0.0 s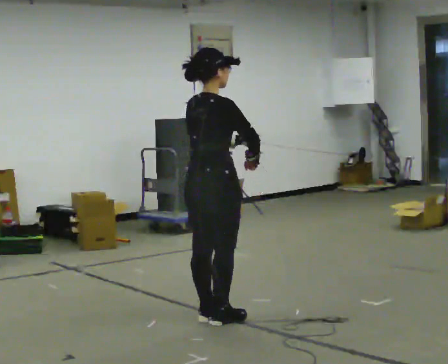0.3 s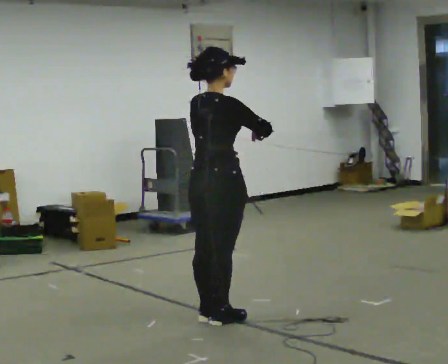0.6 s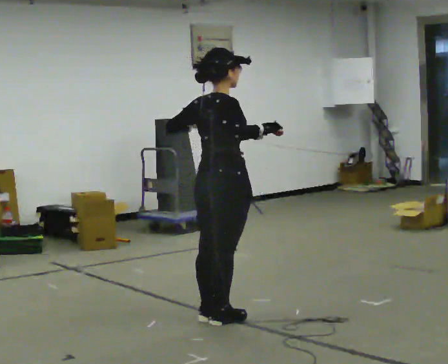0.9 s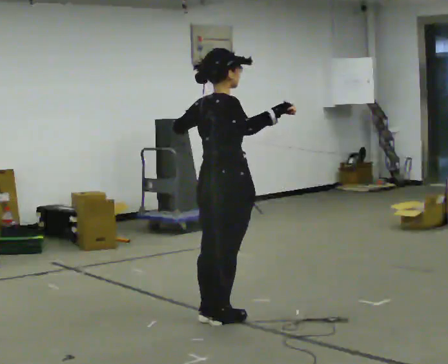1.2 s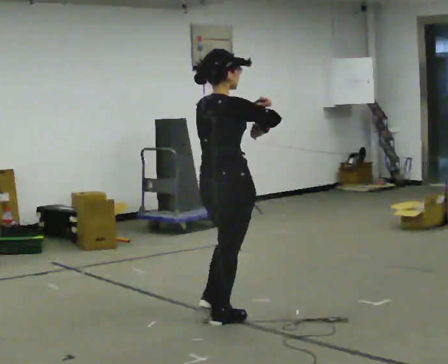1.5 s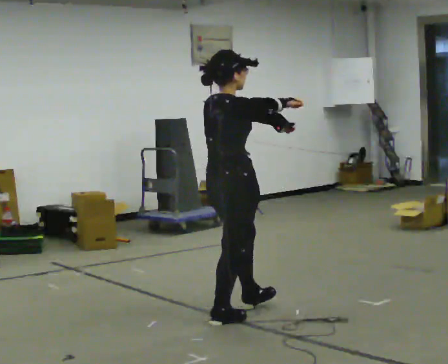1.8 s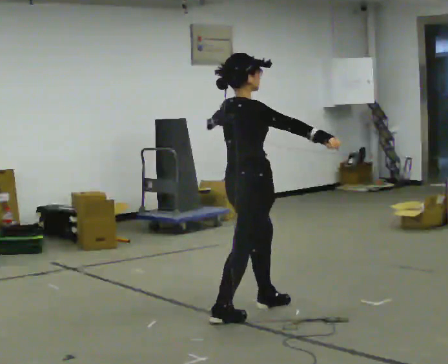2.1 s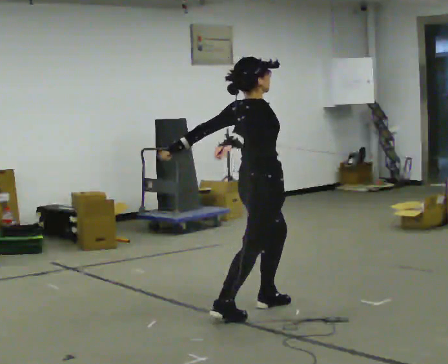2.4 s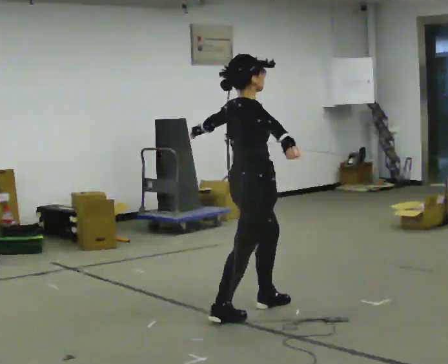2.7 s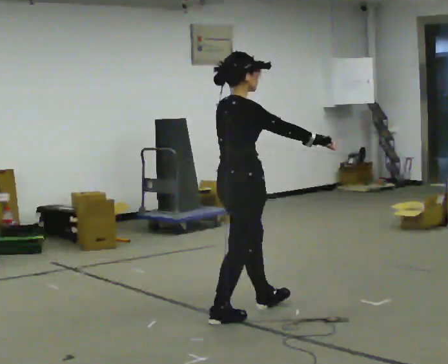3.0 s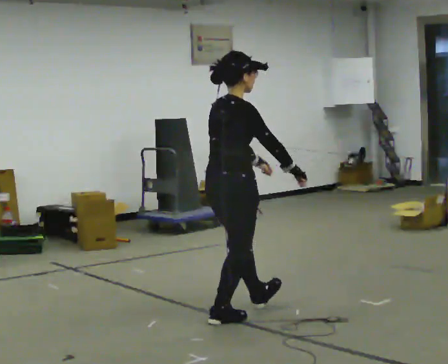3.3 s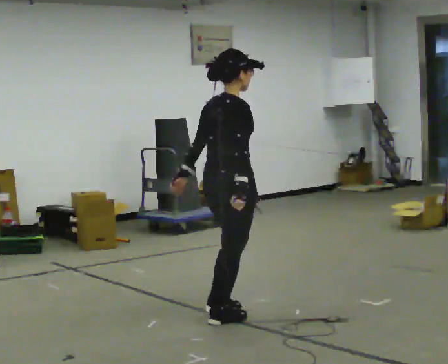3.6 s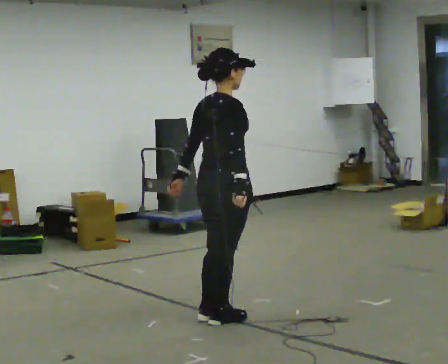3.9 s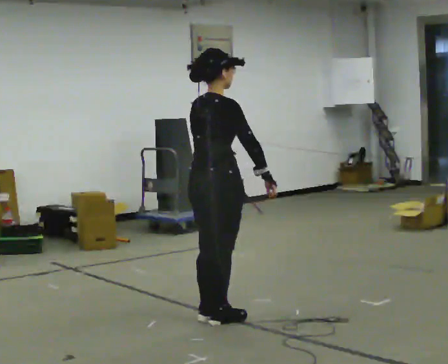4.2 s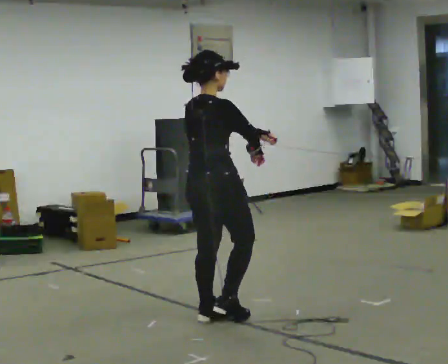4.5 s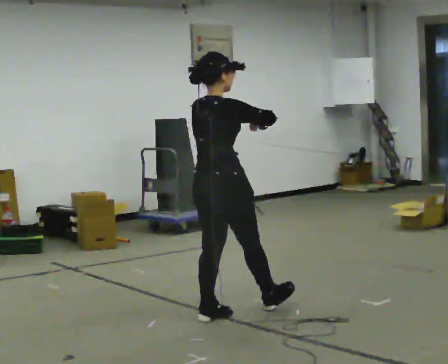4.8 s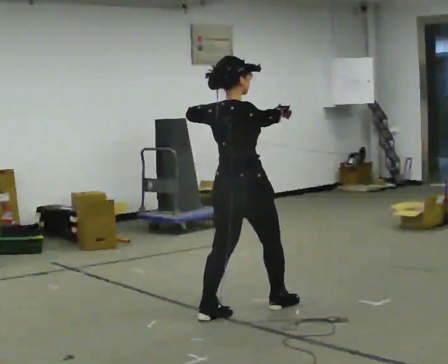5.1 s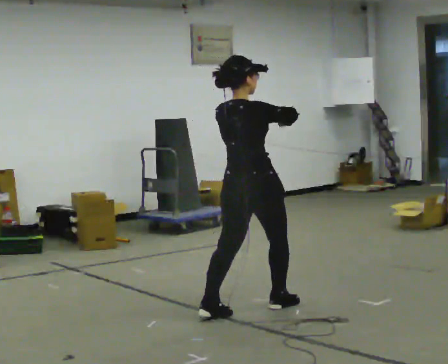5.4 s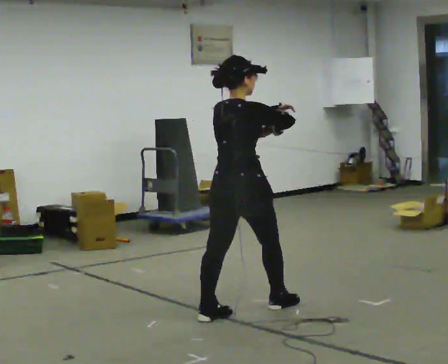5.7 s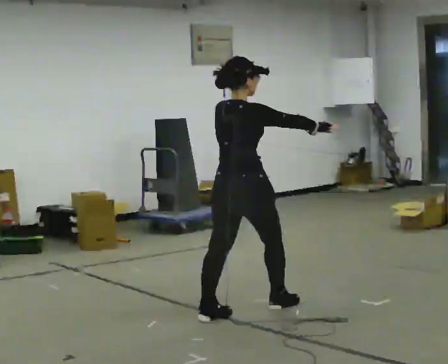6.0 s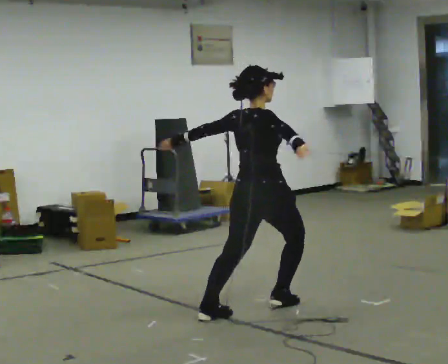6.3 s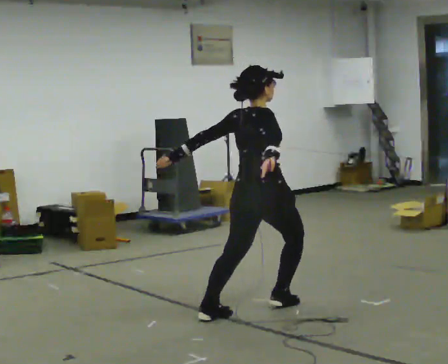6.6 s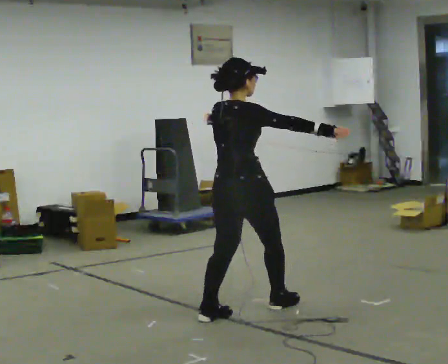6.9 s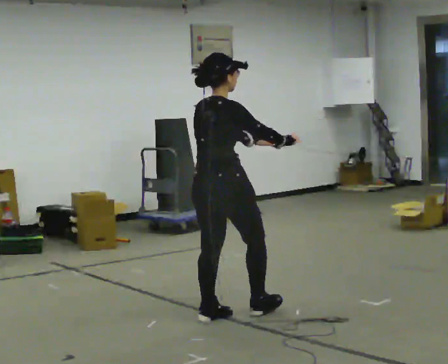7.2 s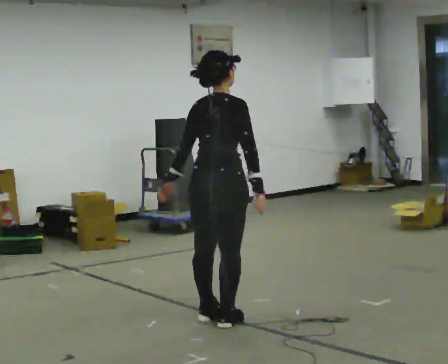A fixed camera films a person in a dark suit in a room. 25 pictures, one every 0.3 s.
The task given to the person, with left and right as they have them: Repeat a short dance step or sequence over and over in time with a steady beat.
0.0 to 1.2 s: The person moves a little, or ends about where they began.
1.2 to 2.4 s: In the picture they go away from the camera, about 0.25 m in 1 step, which for them is forward.
2.4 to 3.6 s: In the picture they go to the left, about 0.25 m in 1 step, which for them is backward. In the picture their left hand goes downward.
3.6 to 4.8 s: In the picture they go away from the camera, about 0.25 m in 1 step, which for them is forward. In the picture their left hand goes upward.
4.8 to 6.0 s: The person moves a little, or ends about where they began.
6.0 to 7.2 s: In the picture they go to the left and toward the camera, about 0.25 m in 1 step, which for them is backward.
The film runs forward here.
